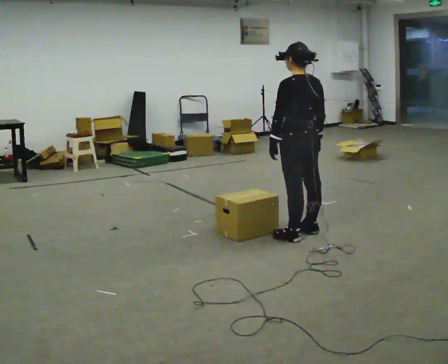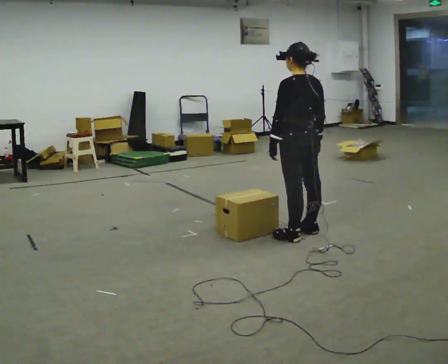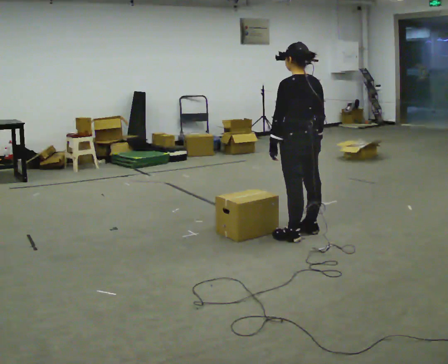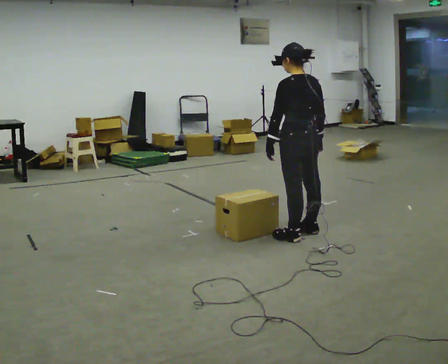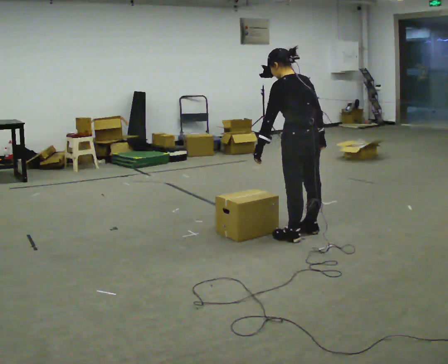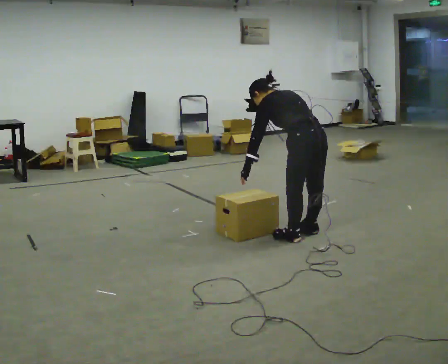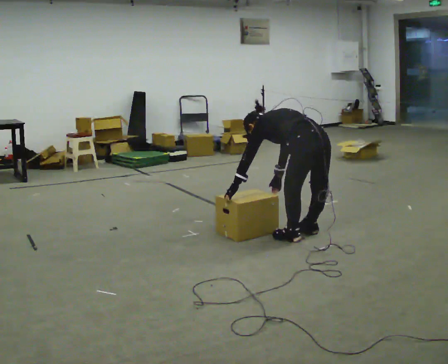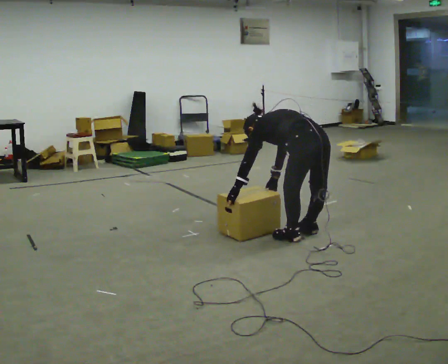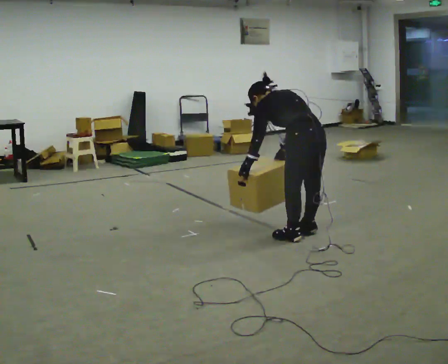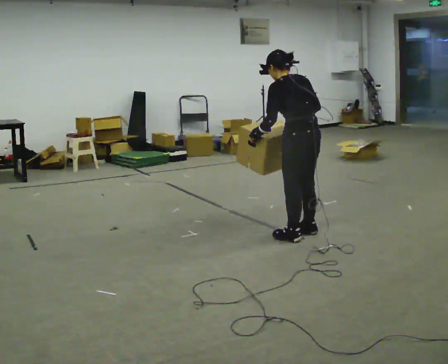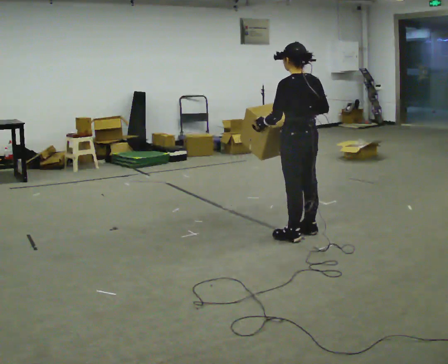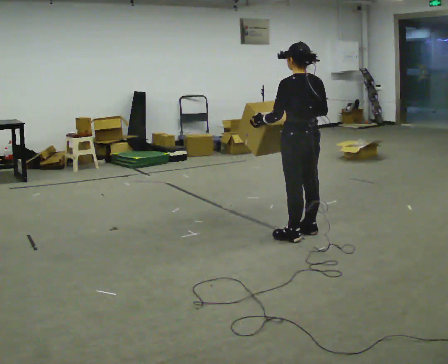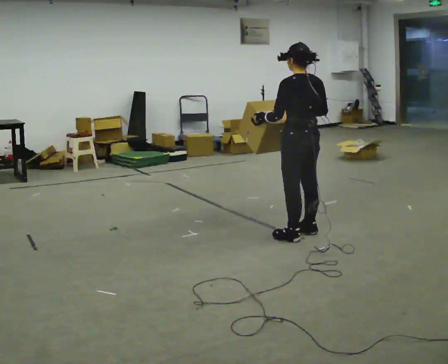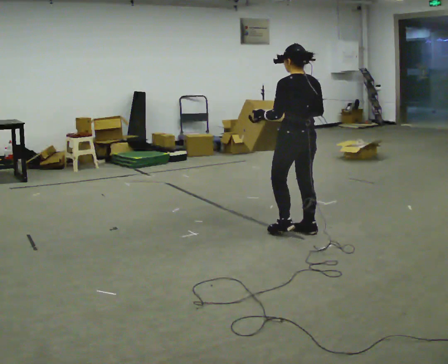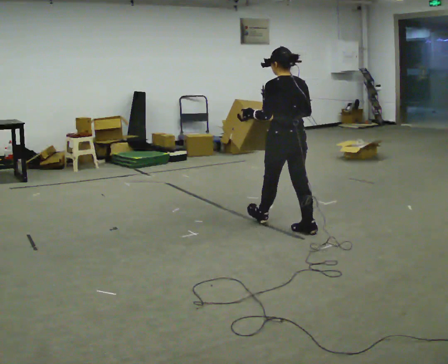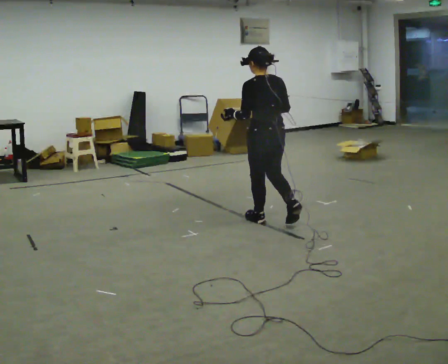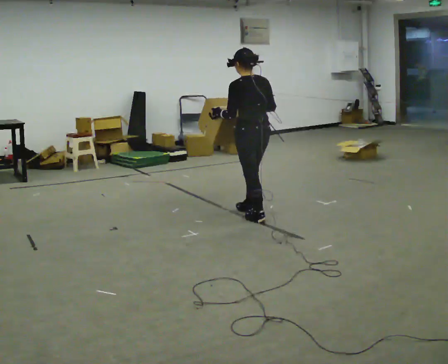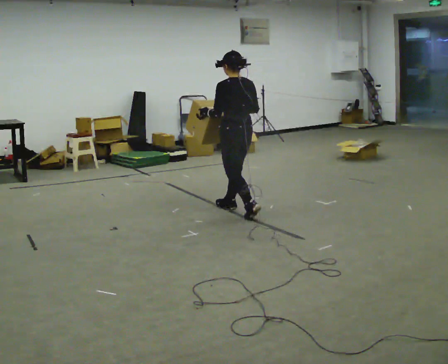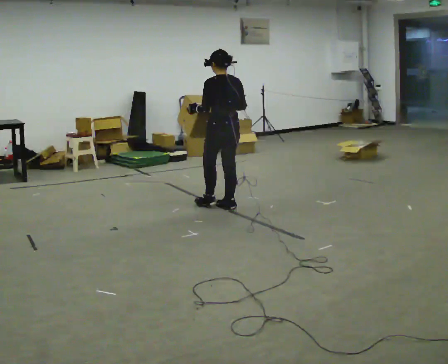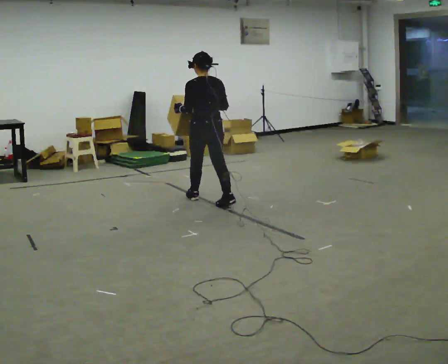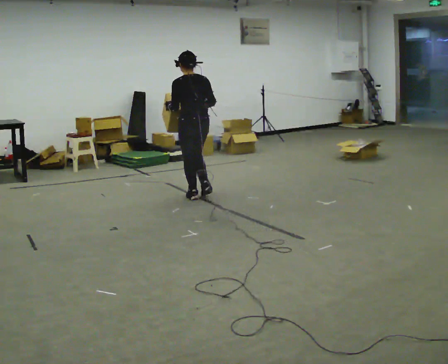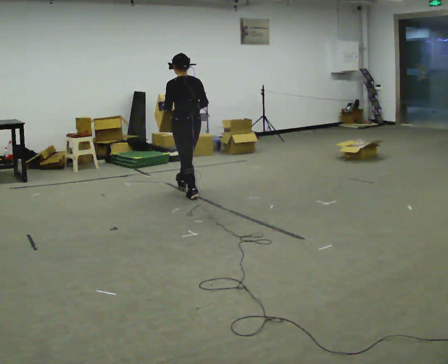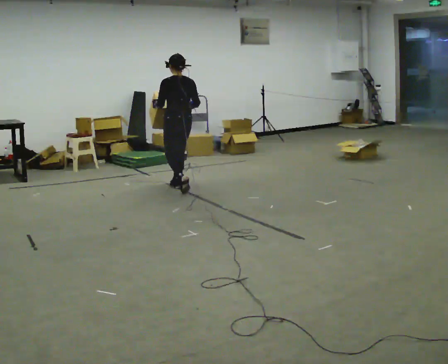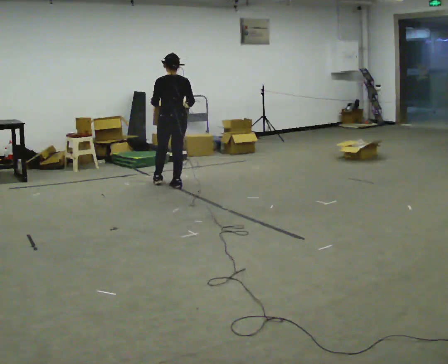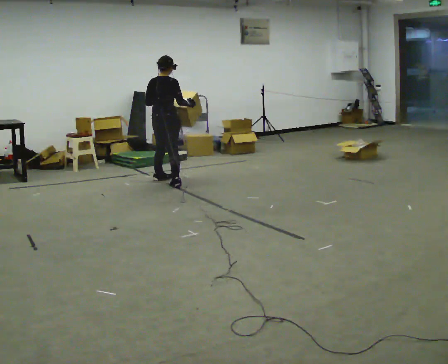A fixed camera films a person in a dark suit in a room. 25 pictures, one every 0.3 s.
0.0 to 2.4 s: The person moves a little, or ends about where they began.
2.4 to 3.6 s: In the picture they go away from the camera, about 0.25 m, which for them is forward. In the picture the upper body tilts clockwise, shoulders to the right, as they lean back or straighten. In the picture their left hand goes upward.
3.6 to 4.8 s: In the picture they go away from the camera and to the left, about 0.5 m in 1 step, which for them is forward.
4.8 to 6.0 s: In the picture they go away from the camera and to the left, about 1 m in 2 steps, which for them is forward.
6.0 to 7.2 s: Seen from above the body turns clockwise, about 45 degrees: to their right, with its near side sliding to the left. In the picture they go away from the camera and to the left, about 1 m in 2 steps, which for them is forward.
The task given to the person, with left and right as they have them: Carry the medium box in both hands in front of you, walking back and forth across the room. Keep walking until the operator says stop.
The film runs forward here.
